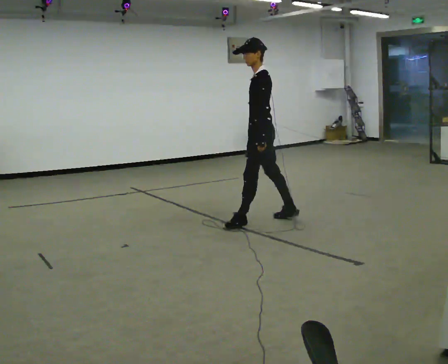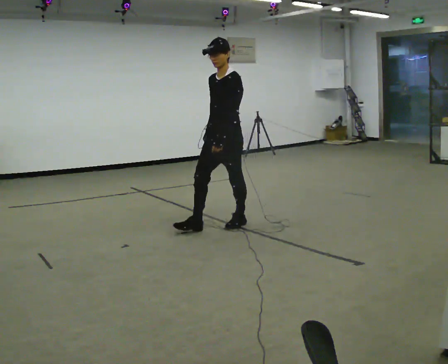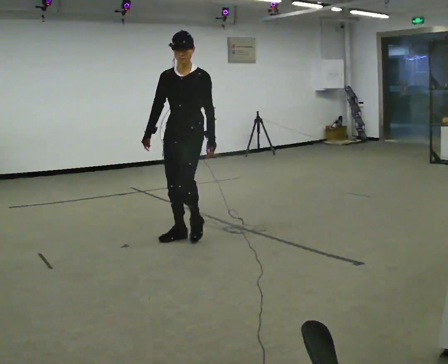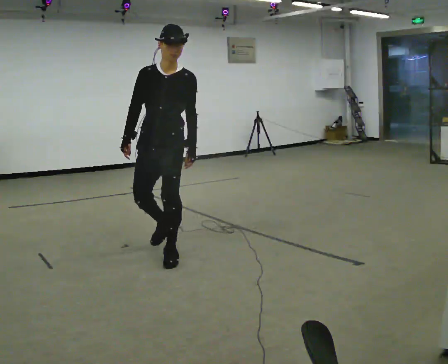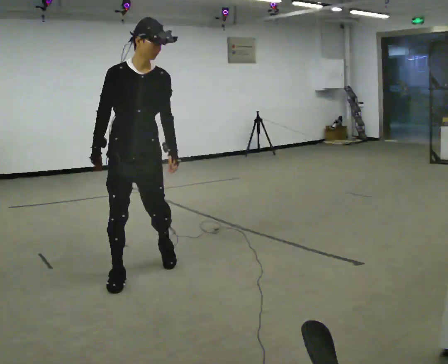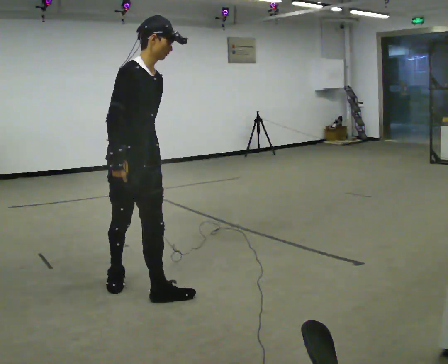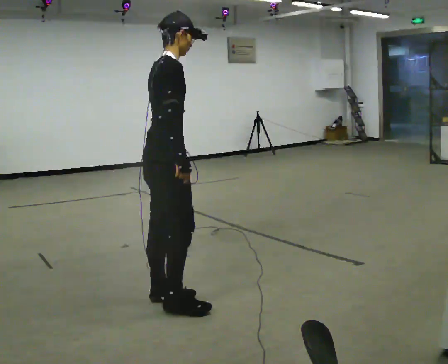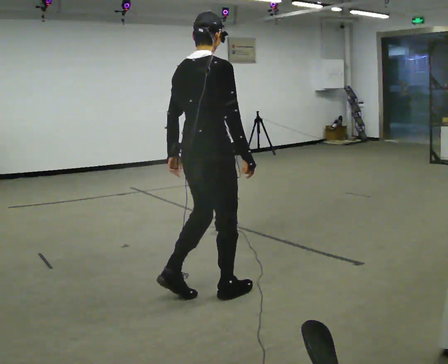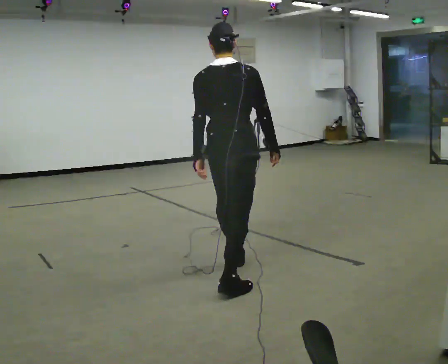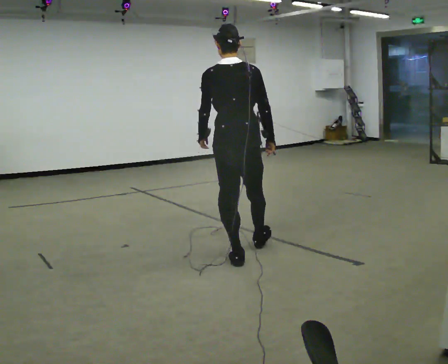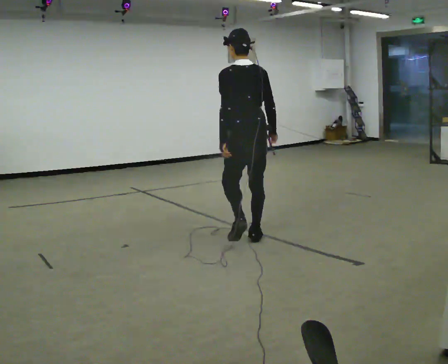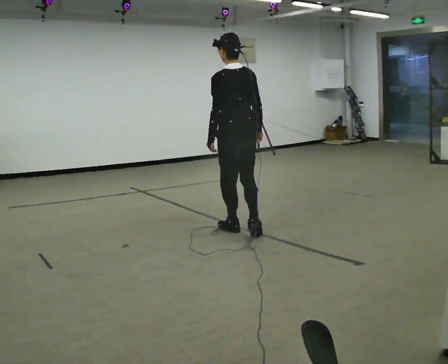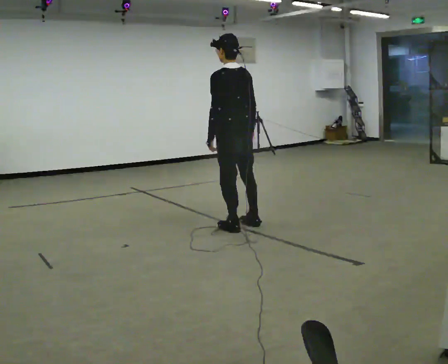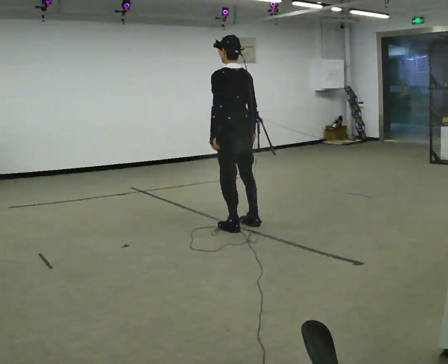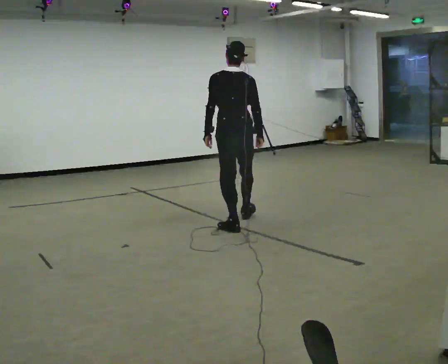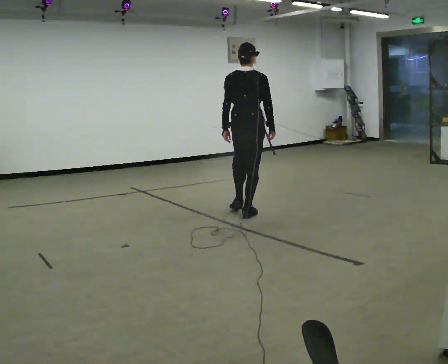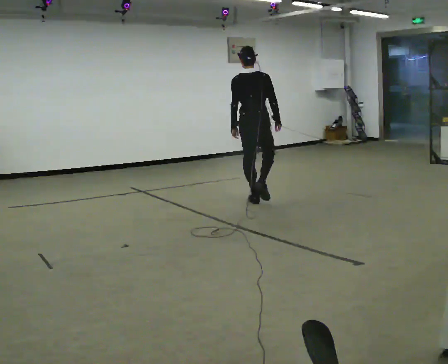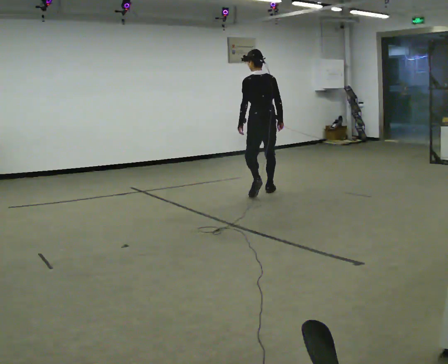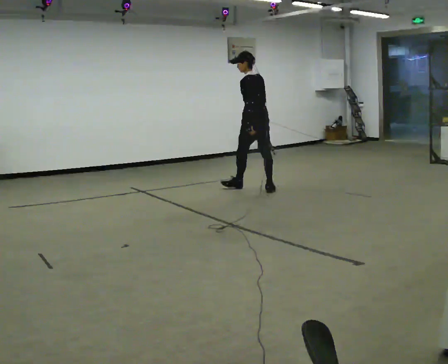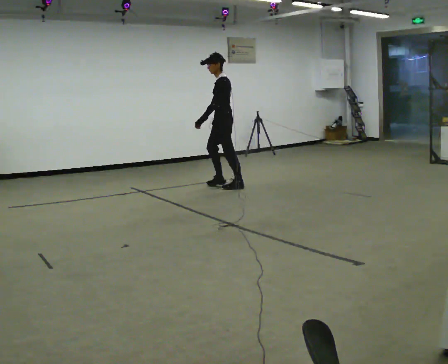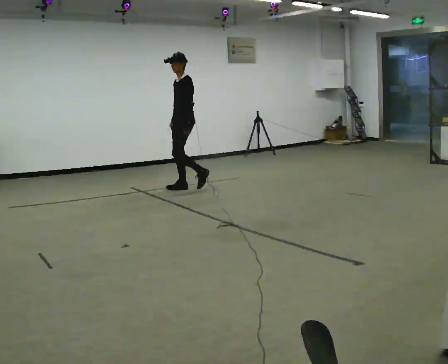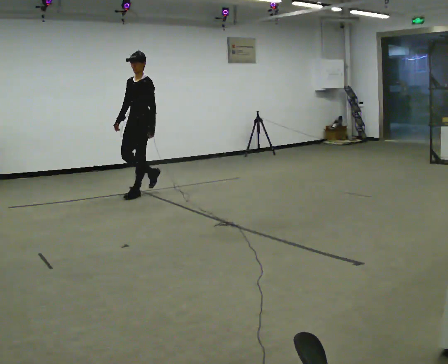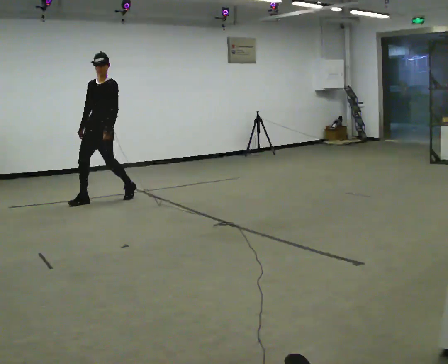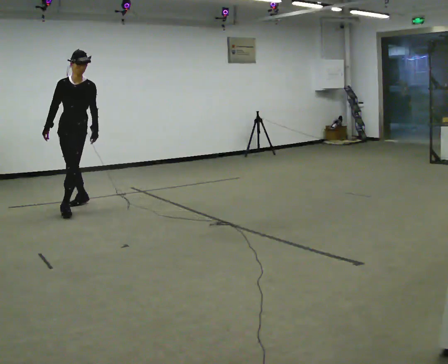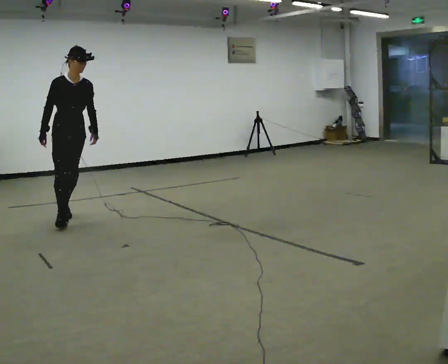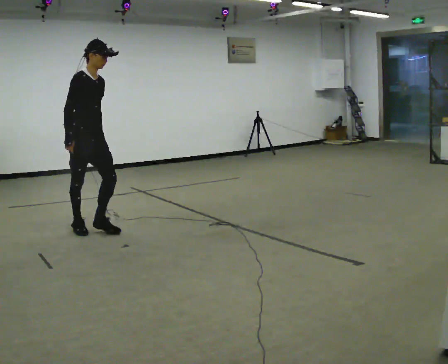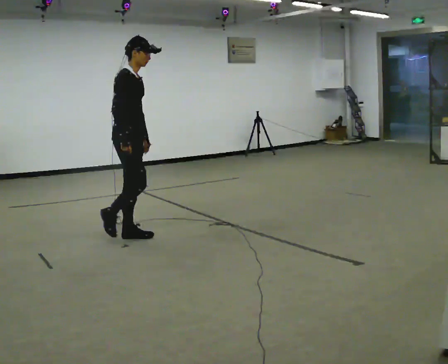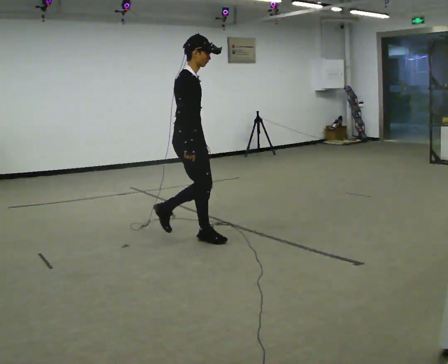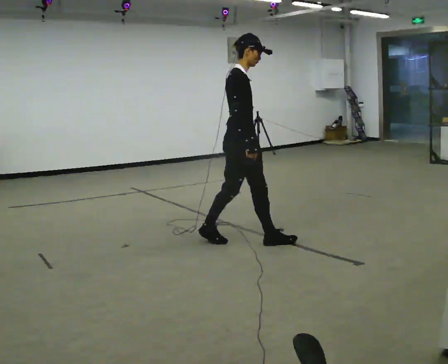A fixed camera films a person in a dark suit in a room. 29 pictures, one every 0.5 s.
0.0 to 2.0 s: The part of the body nearest the lens slides to the right as the person turns to their left by about 120 degrees. In the picture they go toward the camera and to the left, about 1.5 m in 3 steps.
2.0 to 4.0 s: Seen from above the body turns counterclockwise, about 135 degrees: to their left, with its near side sliding to the right. In the picture they go to the right, about 0.75 m in 3 steps.
4.0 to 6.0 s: Seen from above the body turns counterclockwise, about 45 degrees: to their left, with its near side sliding to the right. In the picture they go away from the camera, about 1 m in 3 steps, which for them is forward and to their right.
6.0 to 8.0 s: Seen from above the body turns clockwise, about 45 degrees: to their right, with its near side sliding to the left. In the picture they go away from the camera, about 1 m in 2 steps, which for them is forward and to their right.
8.0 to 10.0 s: The person turns about 120 degrees to their left, counterclockwise seen from above, so the part of the body nearest the lens slides to the right. In the picture they go to the left and away from the camera, about 1 m in 3 steps.
10.0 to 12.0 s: The part of the body nearest the lens slides to the right as the person turns to their left by about 90 degrees. In the picture they go toward the camera and to the left, about 2 m in 3 steps.
12.0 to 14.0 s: The part of the body nearest the lens slides to the right as the person turns to their left by about 45 degrees. In the picture they go to the right and toward the camera, about 2 m in 4 steps, which for them is forward.
The film runs forward here.
